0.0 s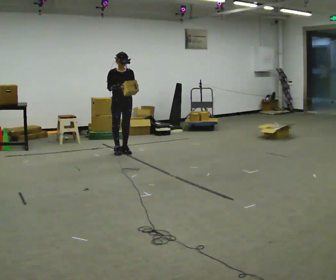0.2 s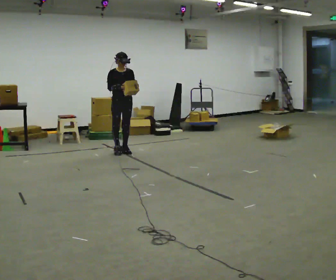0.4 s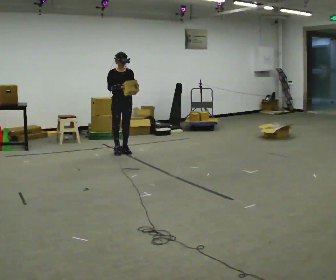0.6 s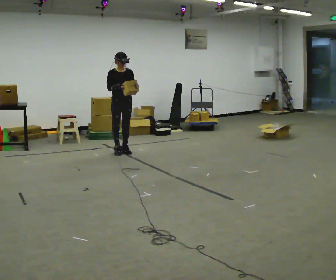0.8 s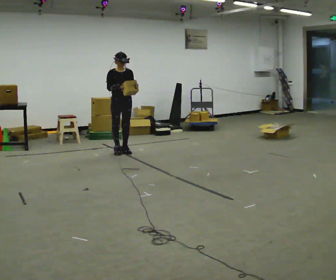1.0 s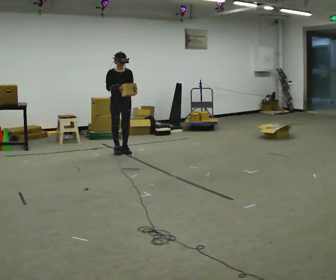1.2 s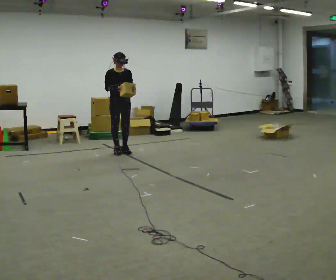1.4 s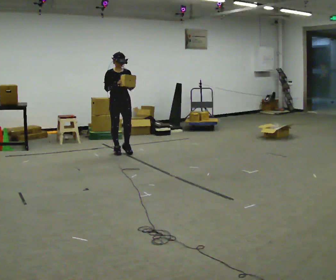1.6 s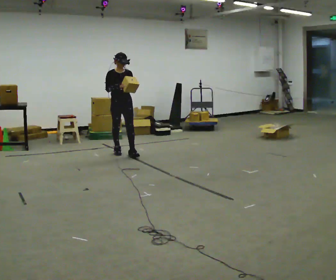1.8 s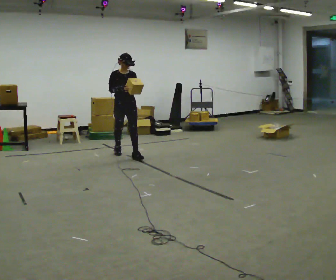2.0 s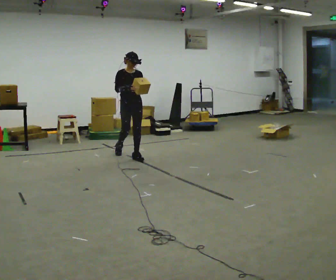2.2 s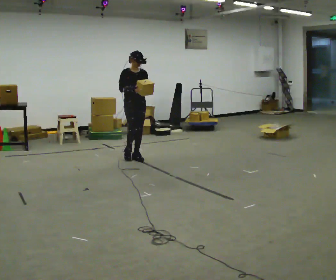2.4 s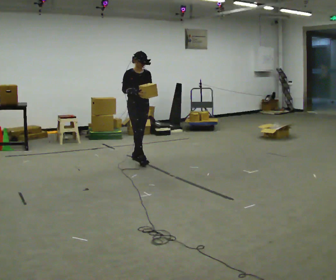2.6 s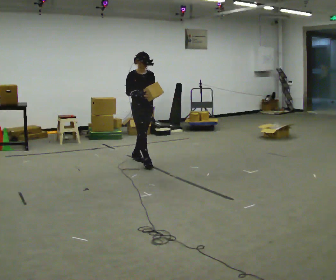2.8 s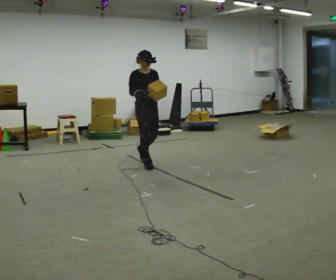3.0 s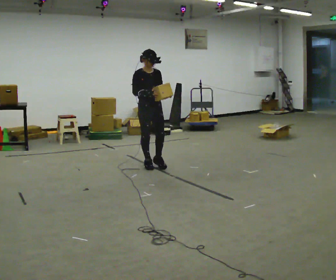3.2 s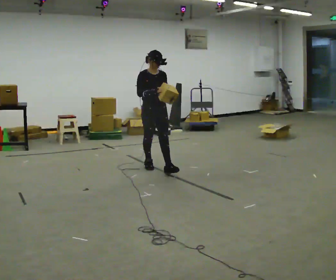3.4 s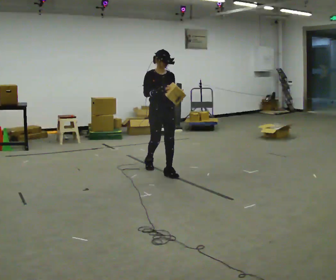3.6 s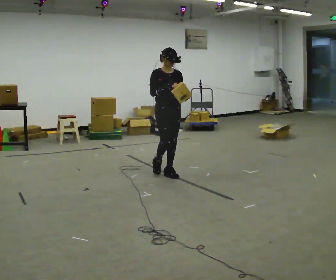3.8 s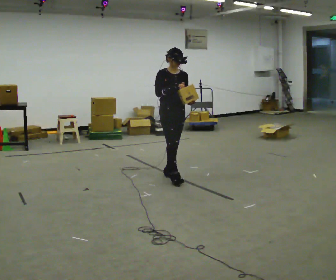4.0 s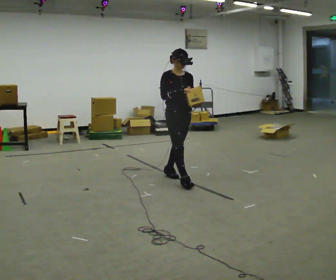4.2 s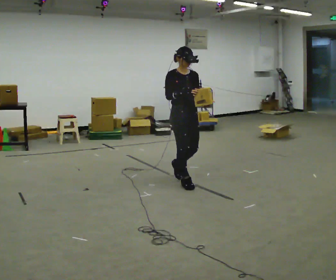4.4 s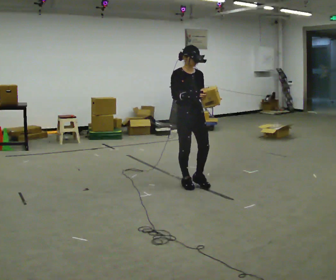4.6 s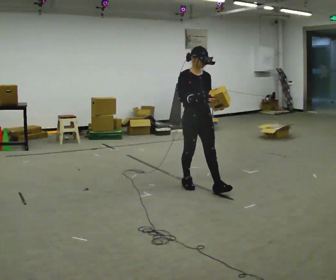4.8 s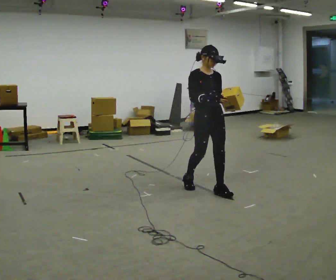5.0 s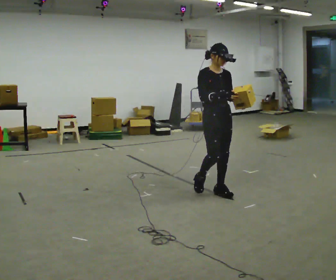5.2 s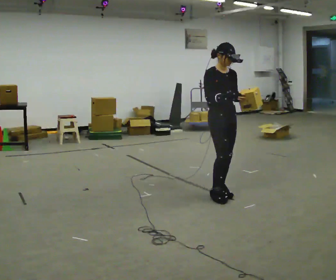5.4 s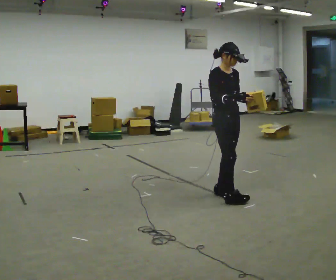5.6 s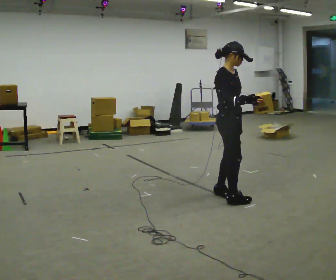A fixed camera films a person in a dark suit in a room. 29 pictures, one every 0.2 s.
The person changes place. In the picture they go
toward the camera.
0.0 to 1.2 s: The person moves a little, or ends about where they began.
1.2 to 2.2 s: In the picture they go toward the camera and to the right, about 0.5 m in 1 step, which for them is forward.
2.2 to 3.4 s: In the picture they go toward the camera and to the right, about 1 m in 2 steps, which for them is forward.
3.4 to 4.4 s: In the picture they go toward the camera and to the right, about 0.75 m in 1 step, which for them is forward.
4.4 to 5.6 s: Seen from above the body turns counterclockwise, about 30 degrees: to their left, with its near side sliding to the right. In the picture they go toward the camera and to the right, about 0.5 m in 2 steps, which for them is forward.
The film runs forward here.
